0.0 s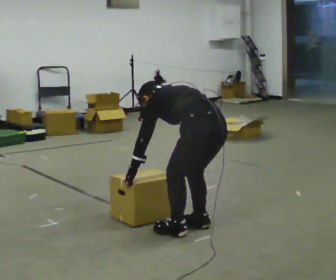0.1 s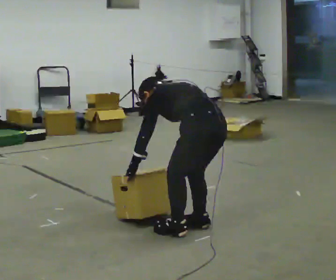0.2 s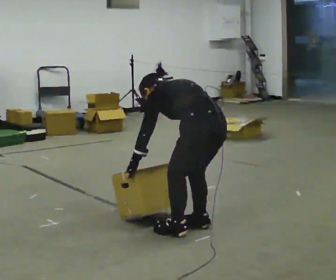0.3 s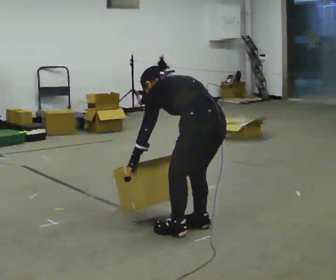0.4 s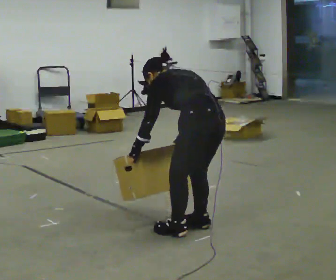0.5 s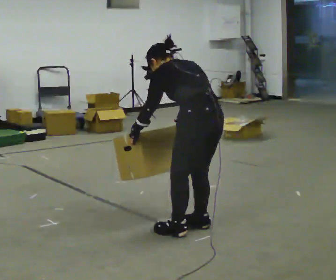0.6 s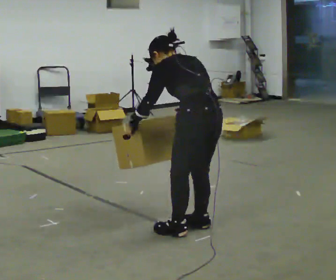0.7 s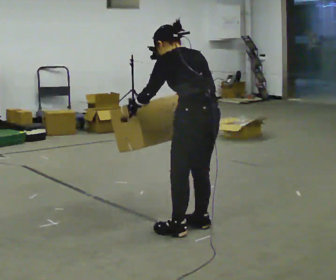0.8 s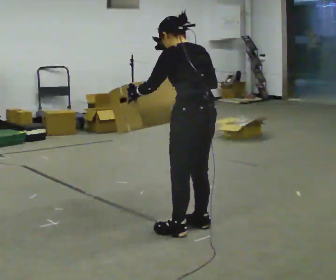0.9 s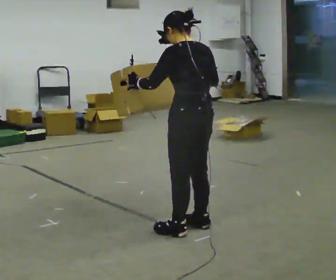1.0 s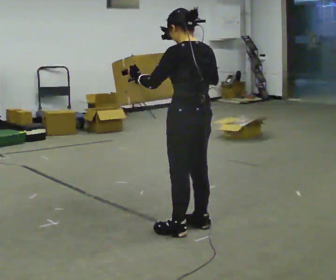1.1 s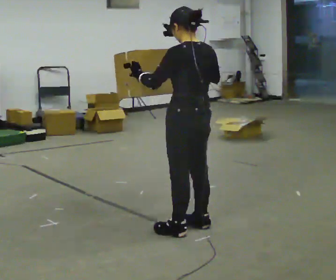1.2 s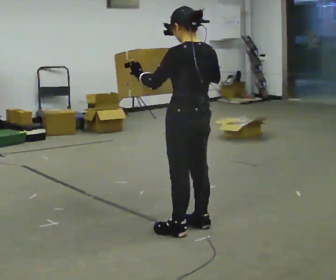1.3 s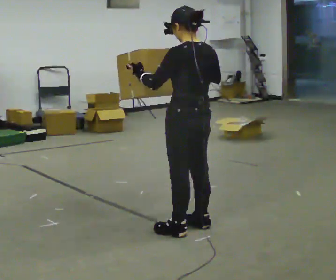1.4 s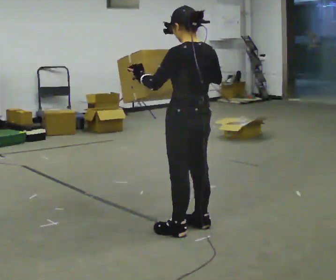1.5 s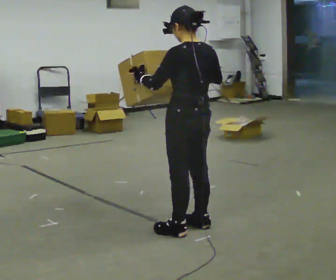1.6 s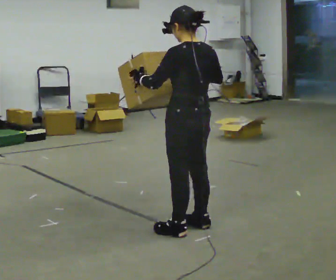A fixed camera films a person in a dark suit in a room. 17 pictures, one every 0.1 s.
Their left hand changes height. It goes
upward.
Their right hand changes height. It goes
upward.
0.0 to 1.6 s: The shoulders move upward. The upper body tips toward the camera, its near side rolling downward, as they lean back or straighten. In the picture their right hand goes upward.
The film runs forward here.
